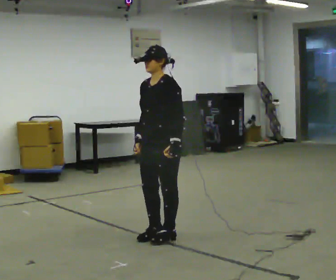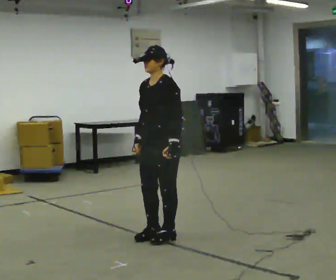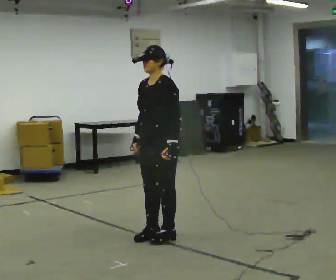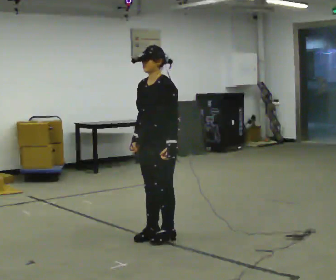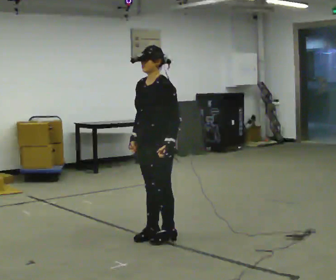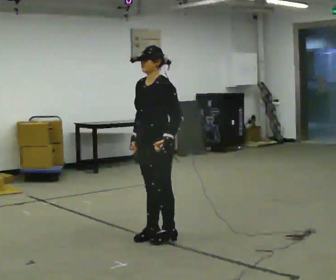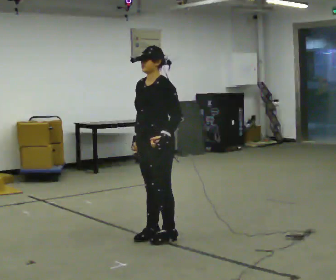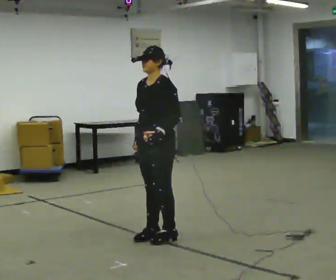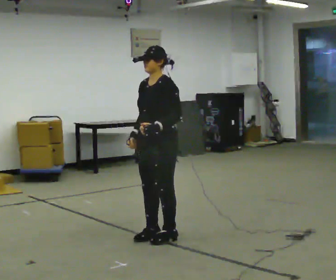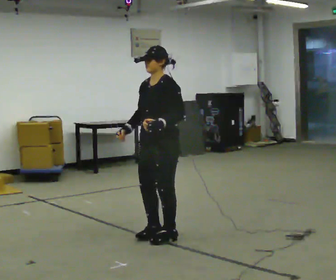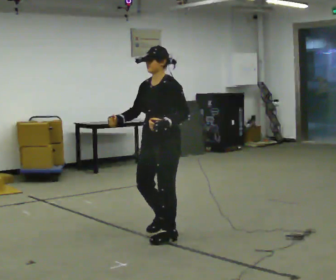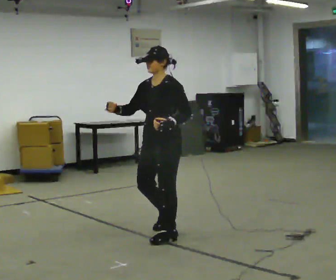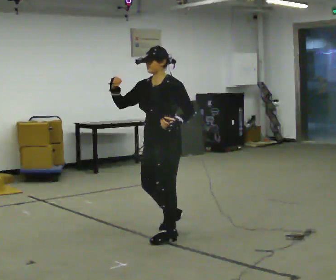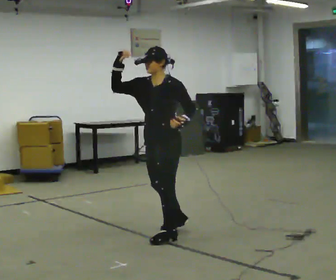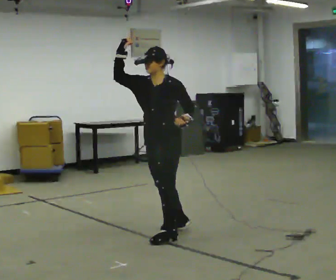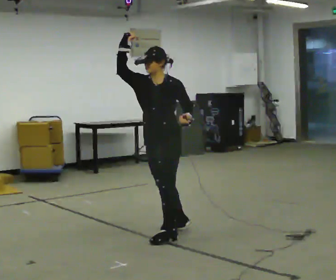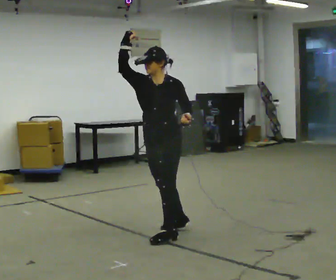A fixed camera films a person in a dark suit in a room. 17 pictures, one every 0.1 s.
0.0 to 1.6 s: In the picture their right hand goes upward, the arm swinging clockwise.
The film runs backward here.
